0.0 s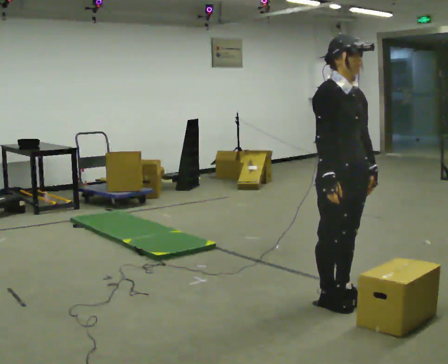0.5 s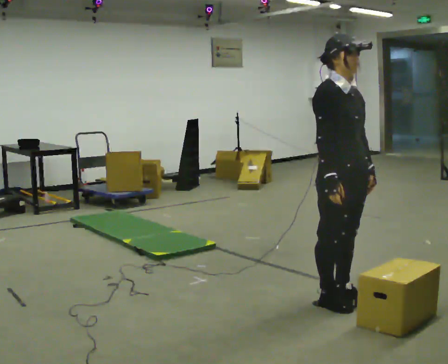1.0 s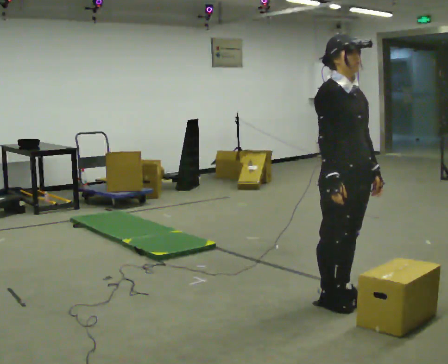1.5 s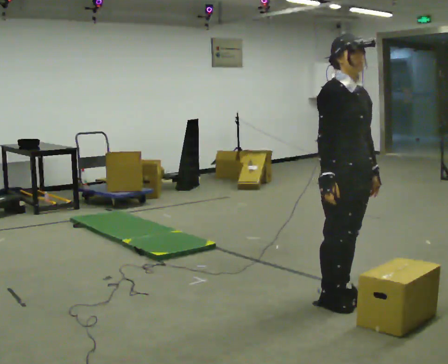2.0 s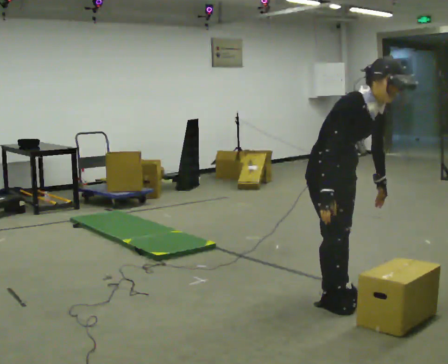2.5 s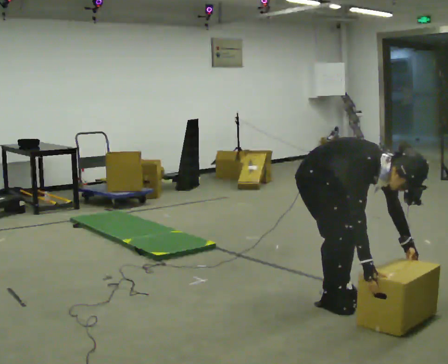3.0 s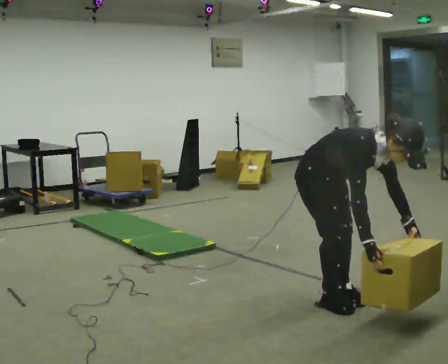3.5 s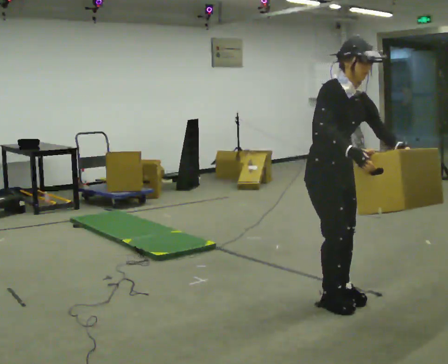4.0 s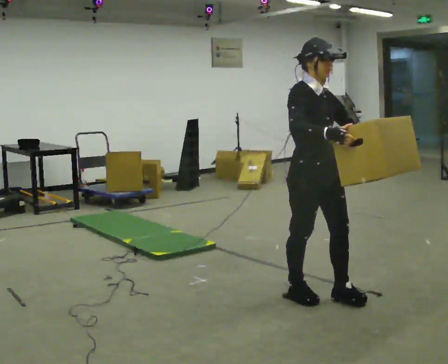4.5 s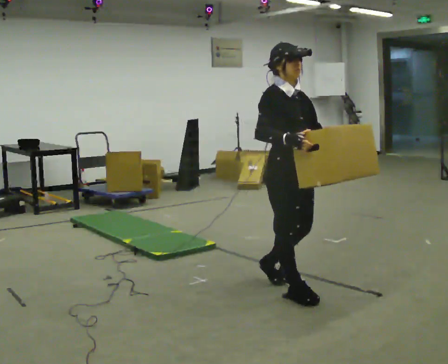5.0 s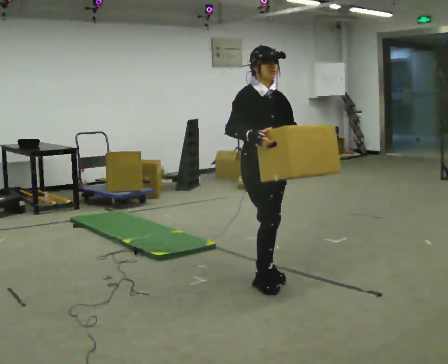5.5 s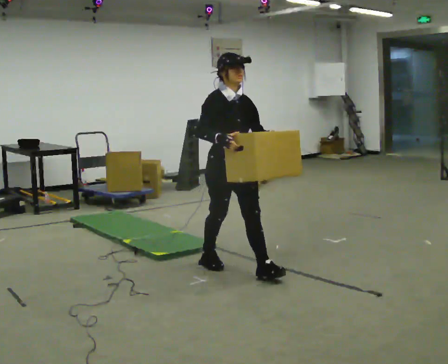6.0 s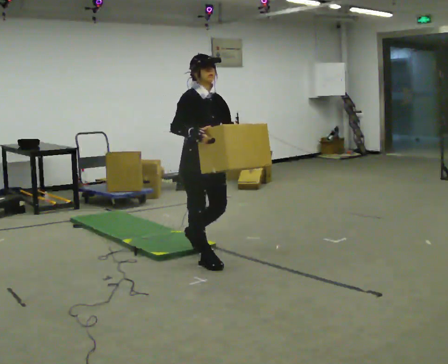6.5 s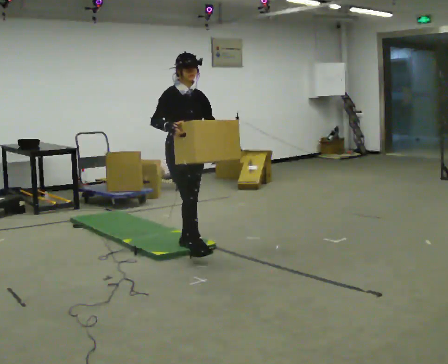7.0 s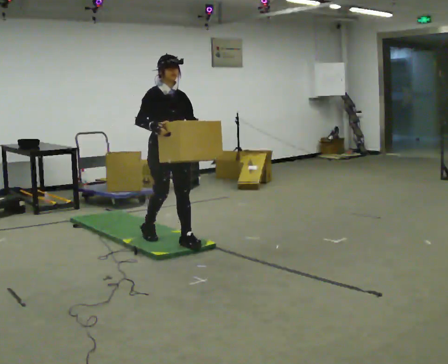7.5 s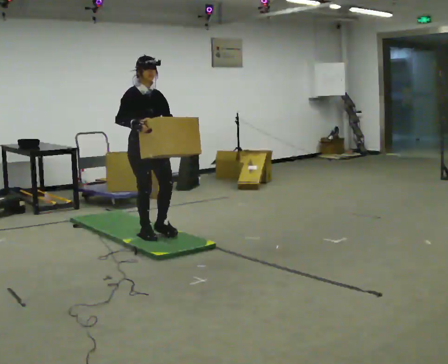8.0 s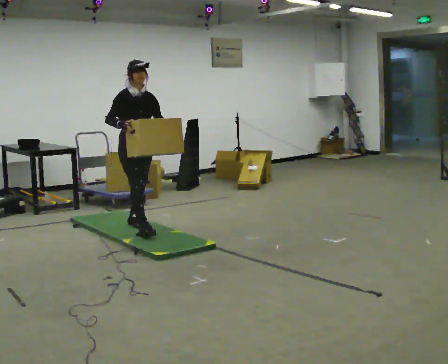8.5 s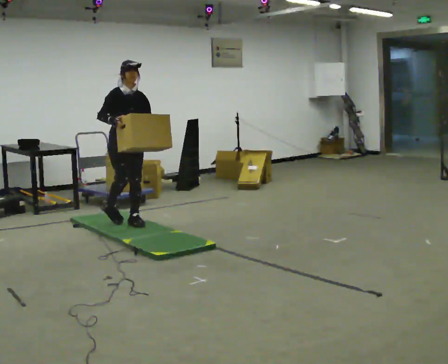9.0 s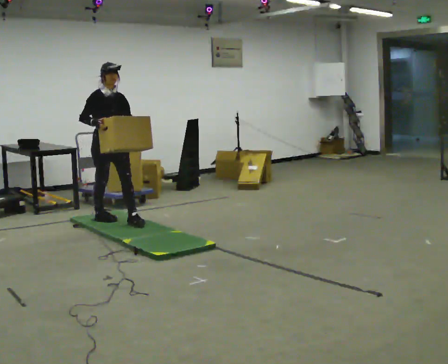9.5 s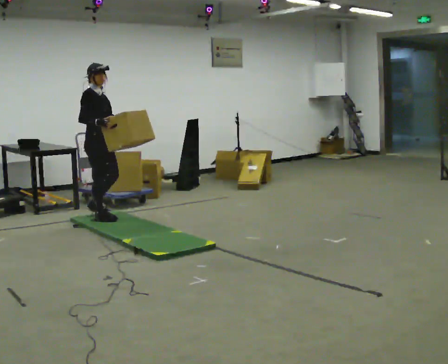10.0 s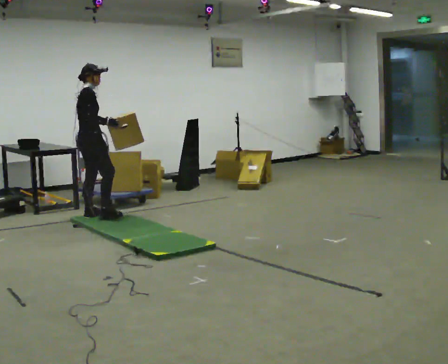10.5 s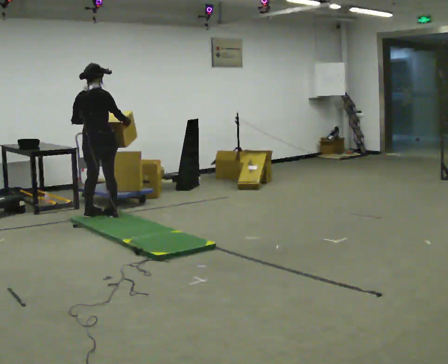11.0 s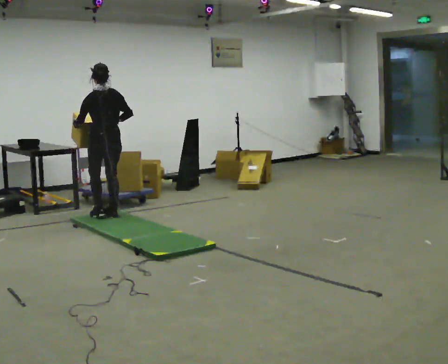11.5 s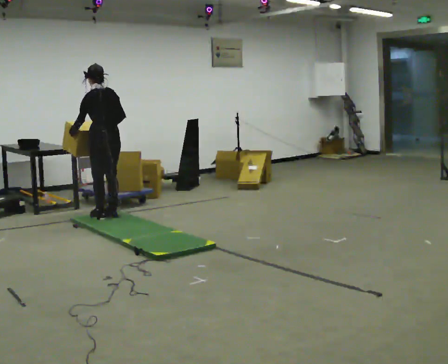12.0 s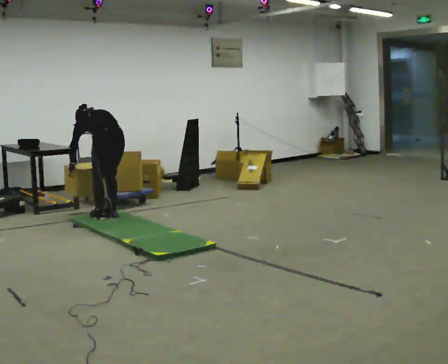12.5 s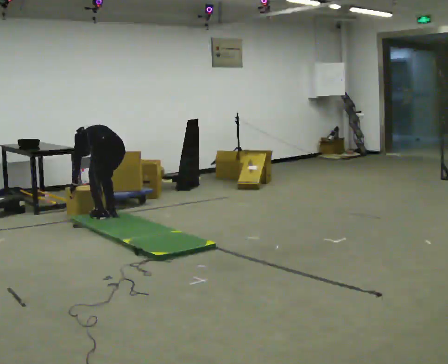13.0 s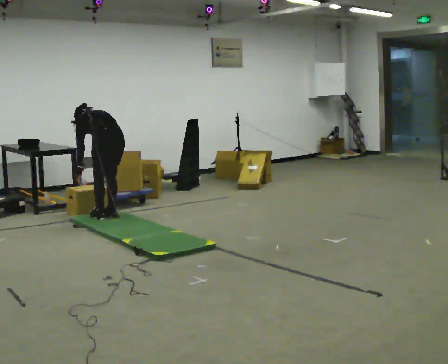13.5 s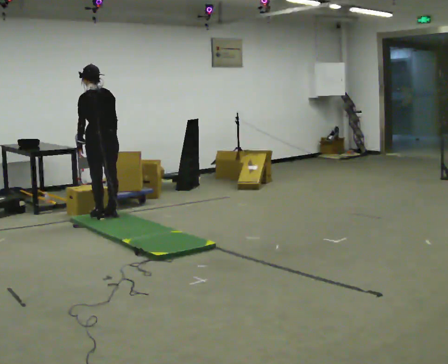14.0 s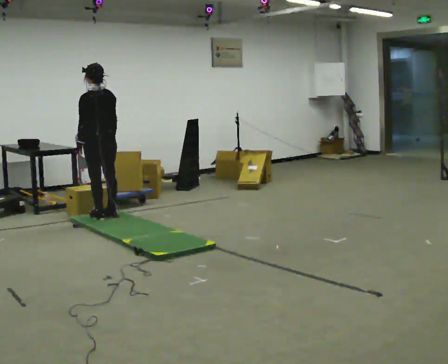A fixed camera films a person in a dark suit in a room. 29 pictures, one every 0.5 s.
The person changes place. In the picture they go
away from the camera.
0.0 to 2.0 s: The upper body tips toward the camera, its near side rolling downward, as they bend forward.
2.0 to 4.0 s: In the picture their right hand goes upward.
4.0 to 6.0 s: In the picture they go away from the camera and to the left, about 1 m in 3 steps, which for them is backward.
6.0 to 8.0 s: In the picture they go away from the camera and to the left, about 1 m in 2 steps, which for them is backward.
8.0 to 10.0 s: The part of the body nearest the lens slides to the right as the person turns to their left by about 75 degrees. In the picture they go away from the camera and to the left, about 0.5 m in 3 steps.
10.0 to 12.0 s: The part of the body nearest the lens slides to the right as the person turns to their left by about 120 degrees. In the picture they go to the right, about 0.25 m in 1 step. The shoulders move downward. The upper body tips away from the camera, its near side rolling upward, as they bend forward. In the picture their right hand goes downward.
12.0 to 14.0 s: The person moves a little, or ends about where they began.
The film runs backward here.
